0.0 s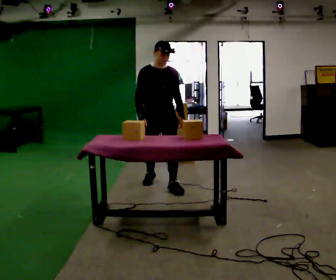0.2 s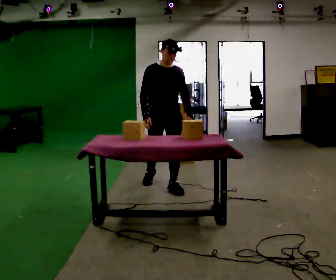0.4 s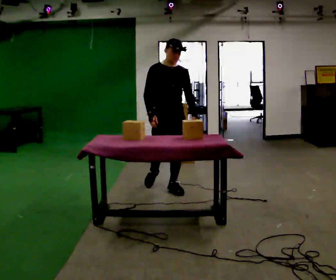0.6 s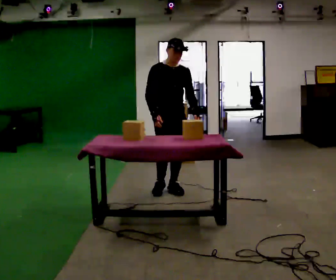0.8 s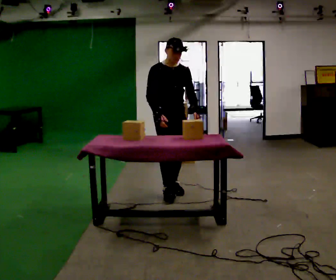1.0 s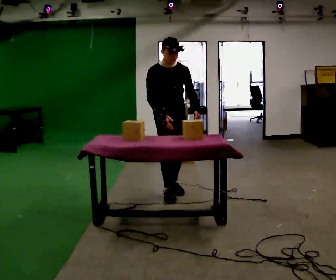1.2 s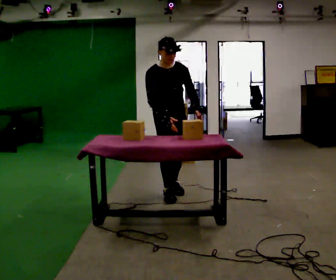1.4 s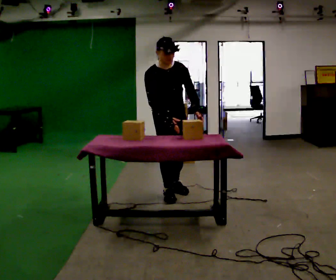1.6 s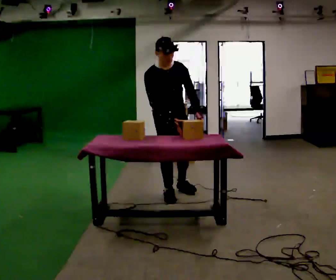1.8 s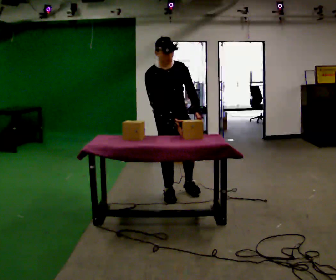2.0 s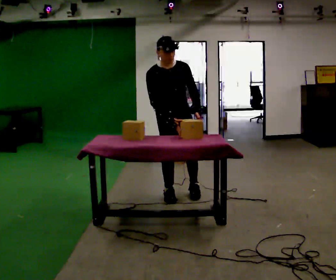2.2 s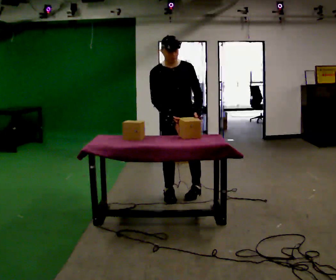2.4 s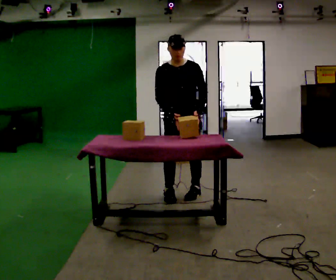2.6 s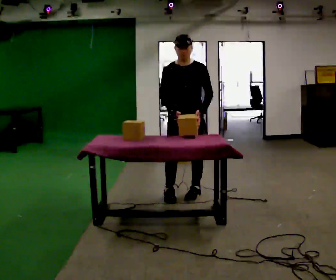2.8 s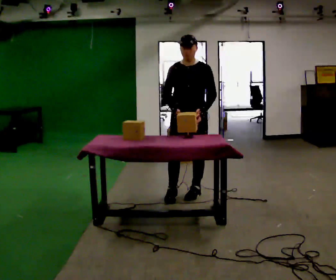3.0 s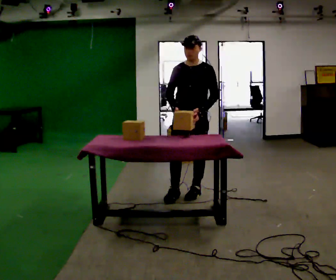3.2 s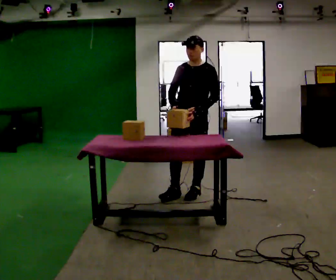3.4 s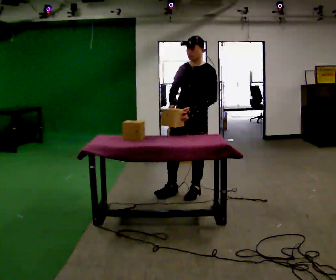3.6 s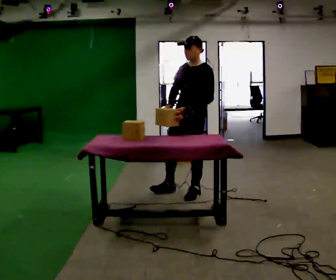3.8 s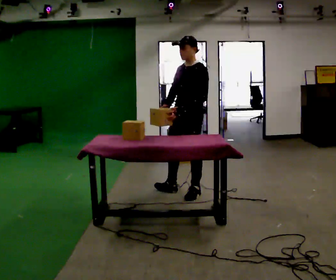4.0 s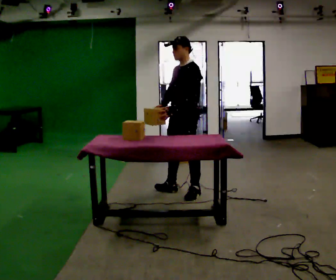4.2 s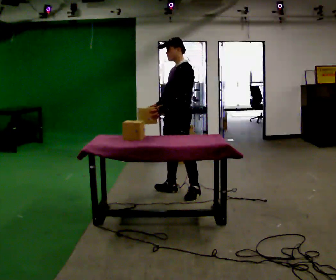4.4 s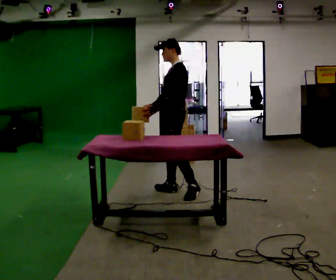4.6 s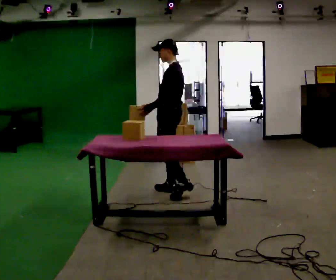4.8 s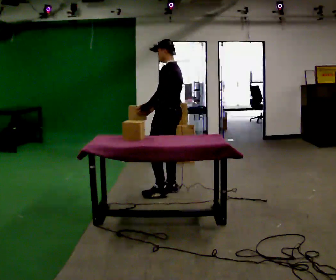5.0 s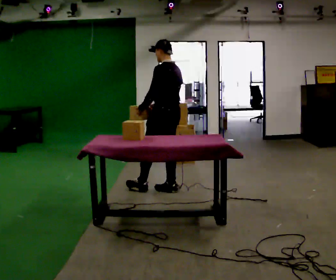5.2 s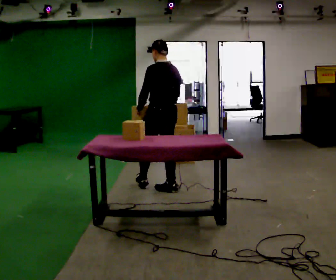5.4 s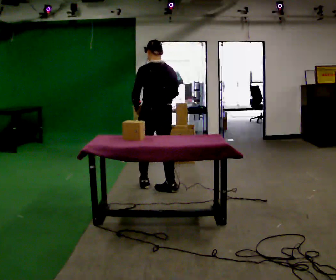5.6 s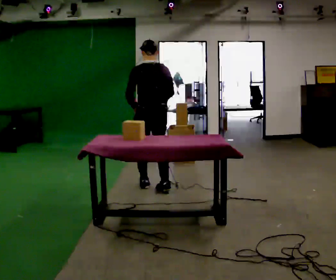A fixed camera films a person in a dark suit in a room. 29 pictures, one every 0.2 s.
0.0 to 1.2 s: In the picture they go toward the camera, about 0.25 m in 1 step, which for them is forward.
1.2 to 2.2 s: The person moves a little, or ends about where they began.
2.2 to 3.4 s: Seen from above the body turns clockwise, about 45 degrees: to their right, with its near side sliding to the left. In the picture they go to the right, about 0.25 m, which for them is to their left. In the picture the upper body tilts clockwise, shoulders to the right, as they lean back or straighten.
3.4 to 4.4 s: Seen from above the body turns clockwise, about 45 degrees: to their right, with its near side sliding to the left. In the picture they go to the left, about 0.25 m, which for them is to their right. In the picture their left hand goes to the left.
4.4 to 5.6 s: The person turns about 90 degrees to their right, clockwise seen from above, so the part of the body nearest the lens slides to the left. In the picture they go to the left, about 0.25 m in 1 step.
The film runs forward here.
